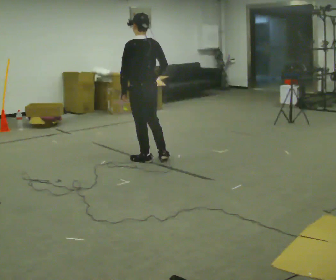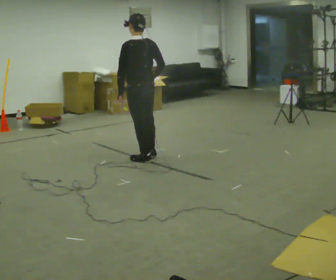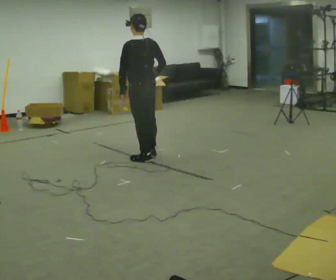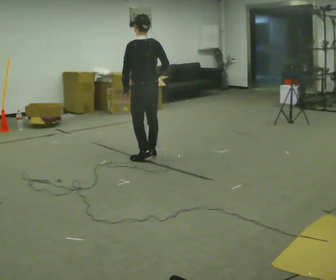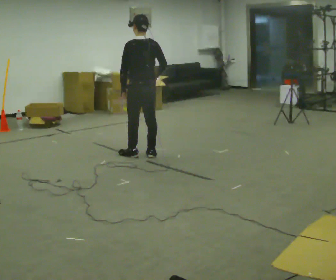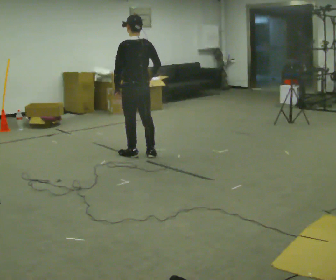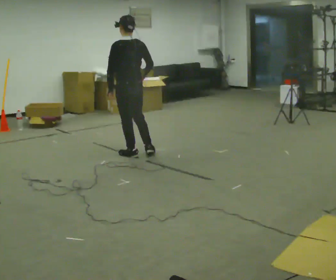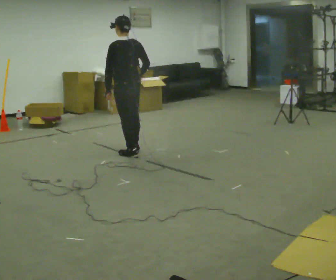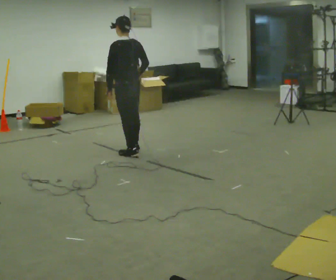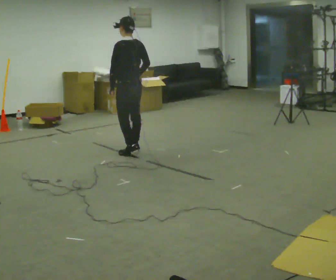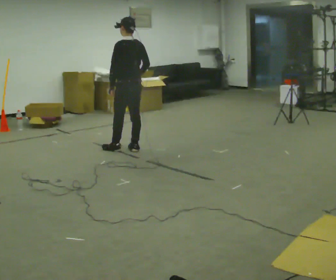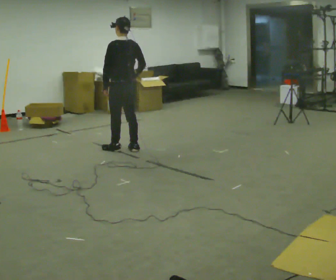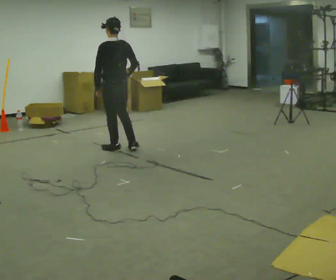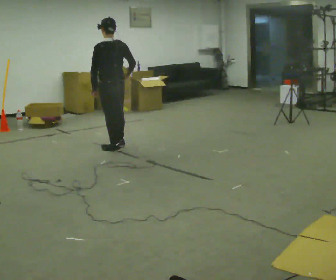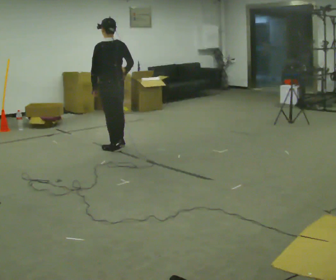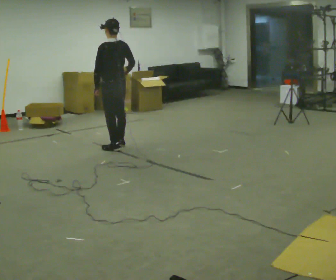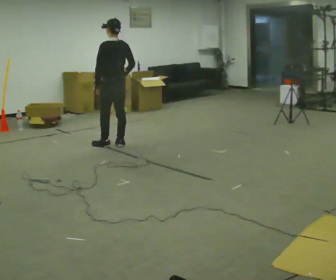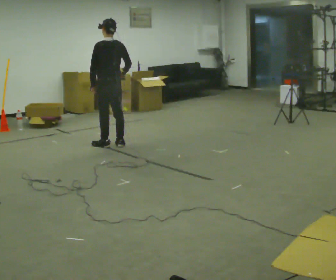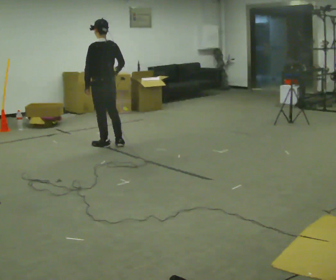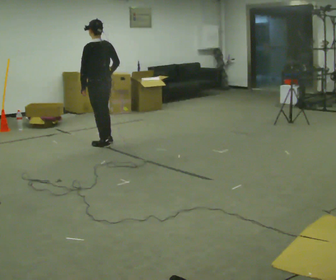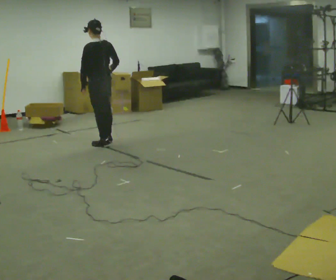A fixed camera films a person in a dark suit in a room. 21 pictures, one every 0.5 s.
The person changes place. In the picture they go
away from the camera.
0.0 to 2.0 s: In the picture they go away from the camera, about 0.25 m in 2 steps, which for them is forward.
2.0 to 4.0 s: In the picture they go away from the camera and to the left, about 0.25 m in 1 step, which for them is forward.
4.0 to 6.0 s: In the picture they go to the left, about 0.25 m in 1 step, which for them is forward.
6.0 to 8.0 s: In the picture they go away from the camera, about 0.25 m in 2 steps, which for them is forward and to their right.
8.0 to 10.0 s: In the picture they go to the left, about 0.25 m in 1 step, which for them is forward.
The film runs forward here.
